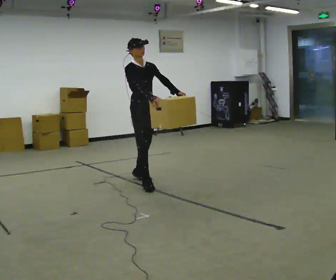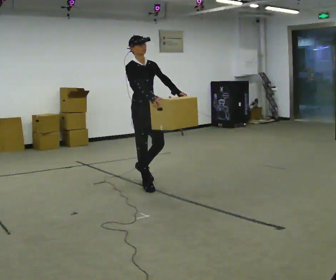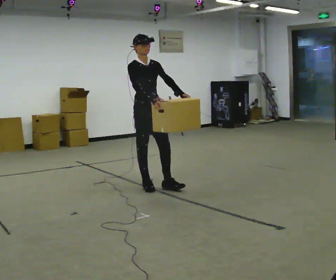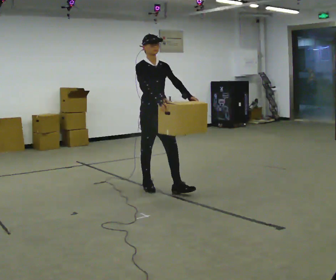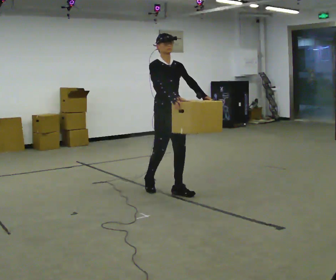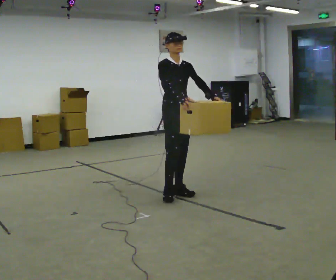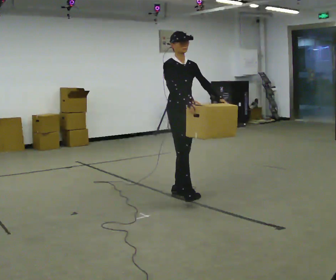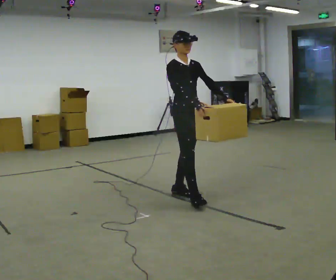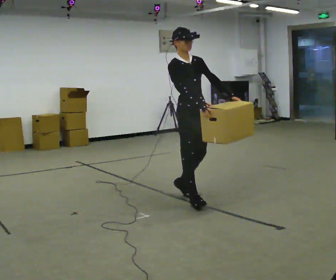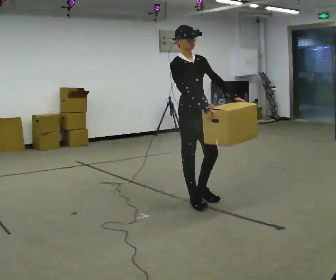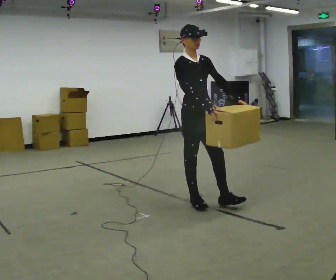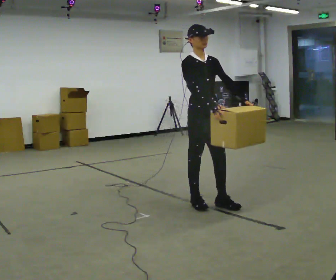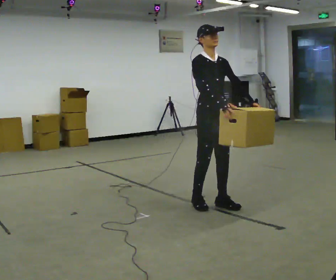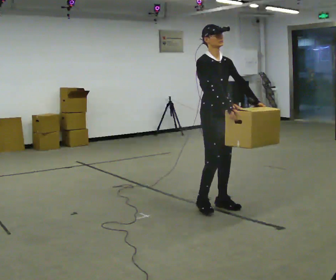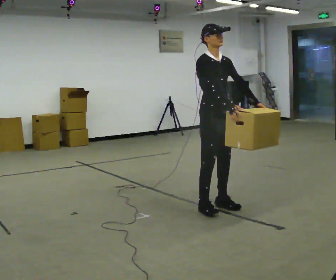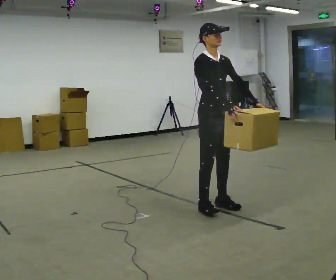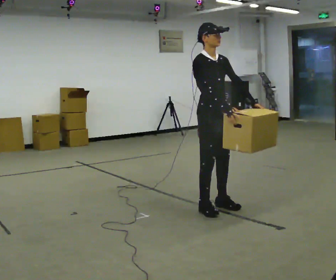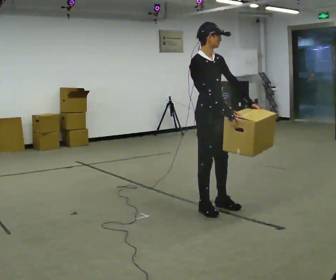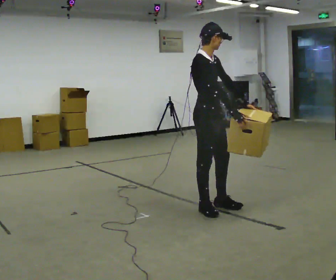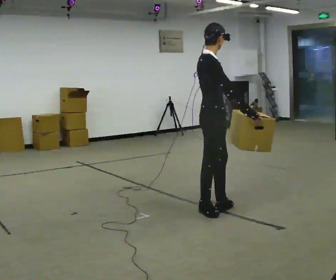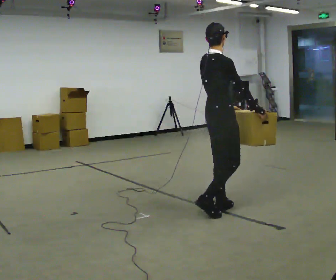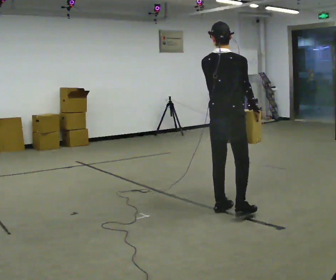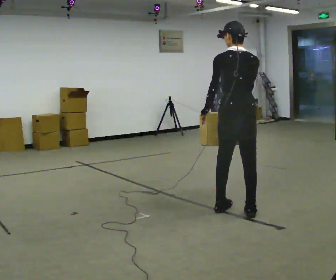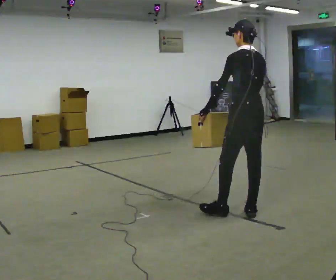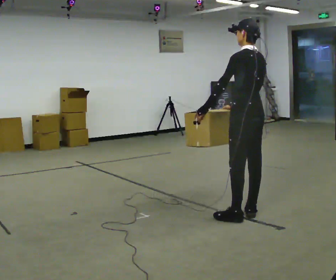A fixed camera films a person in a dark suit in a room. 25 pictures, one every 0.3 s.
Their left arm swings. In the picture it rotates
clockwise.
The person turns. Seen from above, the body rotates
counterclockwise.
0.0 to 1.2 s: In the picture they go toward the camera and to the right, about 0.5 m in 1 step, which for them is forward.
1.2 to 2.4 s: In the picture they go toward the camera and to the right, about 0.5 m in 1 step, which for them is forward.
2.4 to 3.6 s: In the picture they go to the right and toward the camera, about 0.25 m in 1 step, which for them is forward.
3.6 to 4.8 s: The person moves a little, or ends about where they began.
4.8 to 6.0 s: The person turns about 75 degrees to their left, counterclockwise seen from above, so the part of the body nearest the lens slides to the right.
6.0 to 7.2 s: Seen from above the body turns counterclockwise, about 105 degrees: to their left, with its near side sliding to the right. In the picture they go to the right, about 0.25 m in 2 steps.
The film runs forward here.
